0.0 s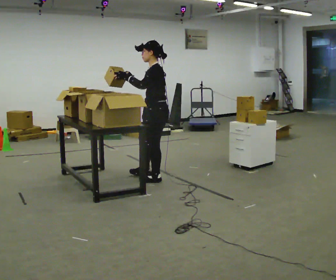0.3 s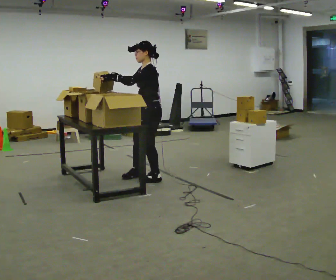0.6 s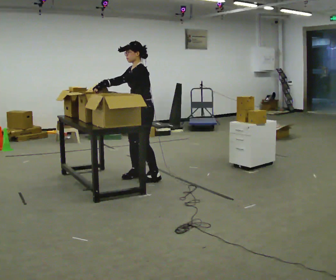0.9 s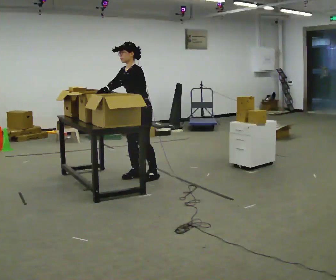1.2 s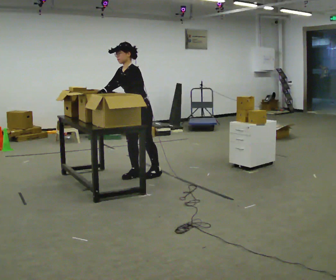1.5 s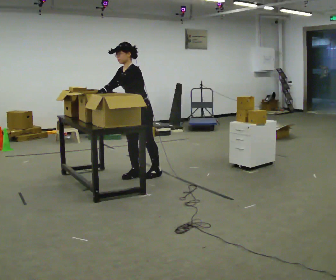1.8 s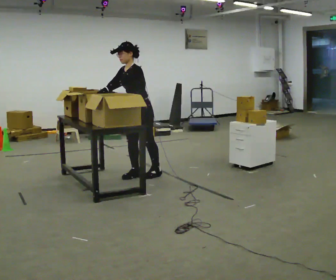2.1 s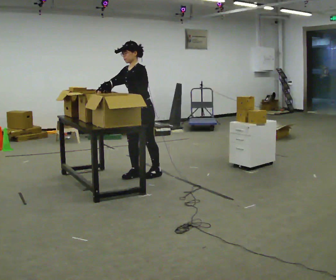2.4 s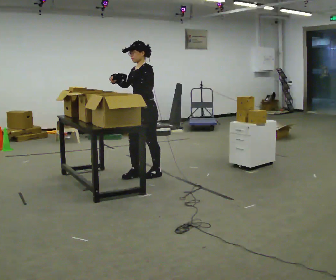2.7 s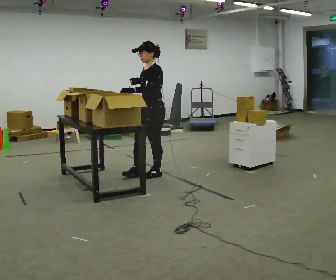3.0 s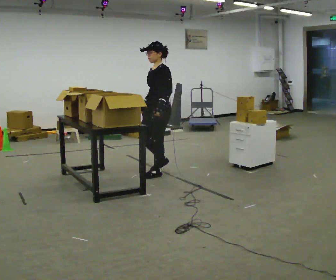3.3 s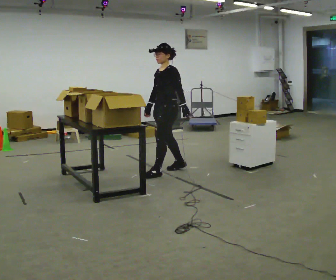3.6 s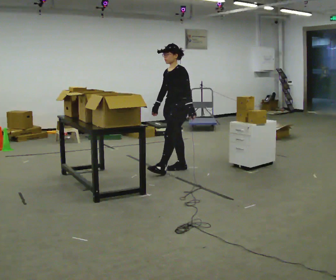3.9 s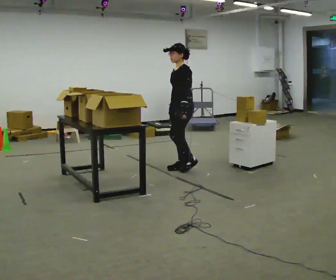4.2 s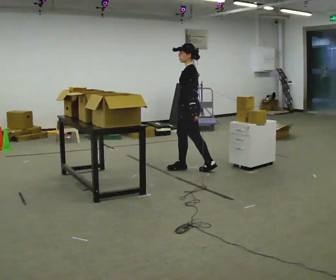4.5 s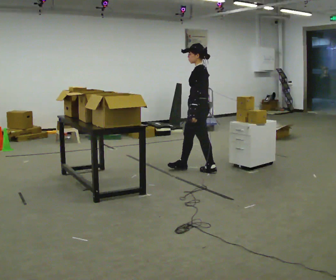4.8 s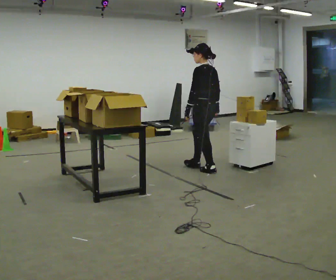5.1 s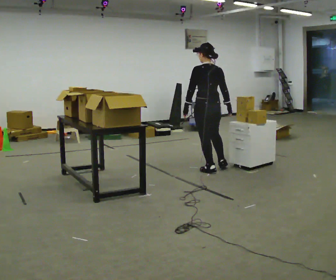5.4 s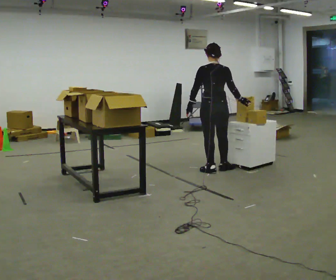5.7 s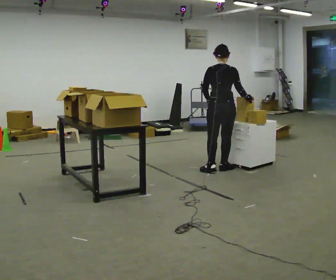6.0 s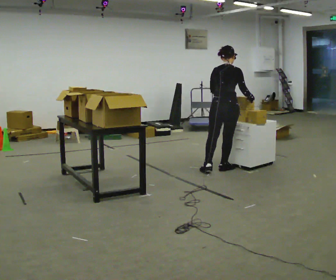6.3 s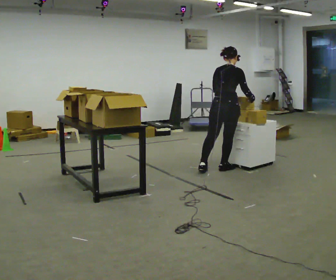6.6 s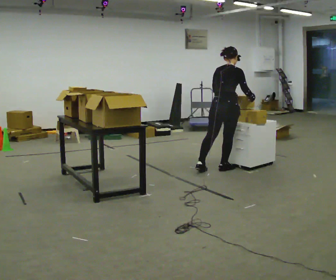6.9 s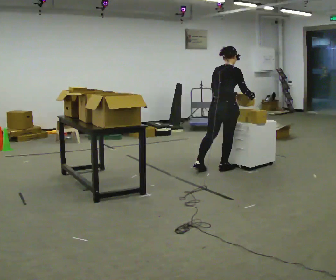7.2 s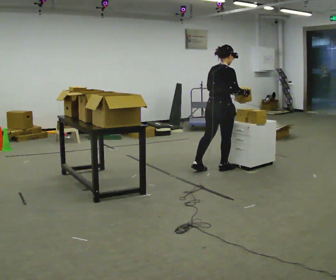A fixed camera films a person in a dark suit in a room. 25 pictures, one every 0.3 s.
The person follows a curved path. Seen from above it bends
clockwise.
0.0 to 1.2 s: The part of the body nearest the lens slides to the right as the person turns to their left by about 45 degrees. In the picture they go to the left and away from the camera, about 0.25 m in 1 step, which for them is to their right.
1.2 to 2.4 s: The person moves a little, or ends about where they began.
2.4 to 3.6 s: In the picture they go to the right and away from the camera, about 0.5 m in 2 steps, which for them is backward. In the picture their left hand goes downward.
3.6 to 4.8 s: Seen from above the body turns clockwise, about 60 degrees: to their right, with its near side sliding to the left. In the picture they go to the right, about 0.25 m in 1 step.
4.8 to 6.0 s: Seen from above the body turns clockwise, about 75 degrees: to their right, with its near side sliding to the left. In the picture they go to the right, about 0.25 m in 1 step. In the picture their left hand goes to the right.
6.0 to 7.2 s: The person moves a little, or ends about where they began.
The film runs backward here.
